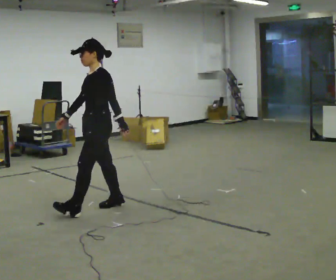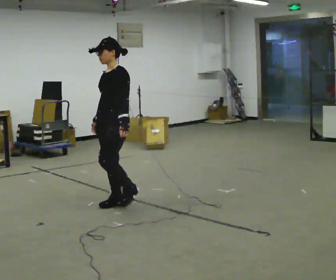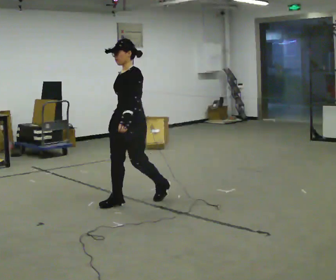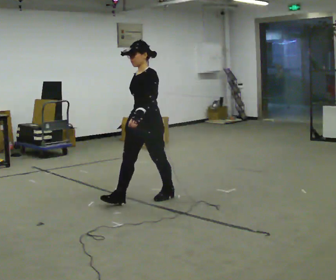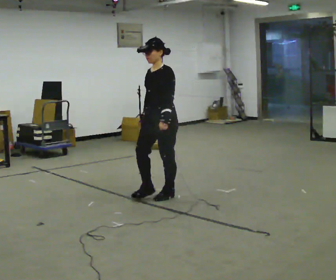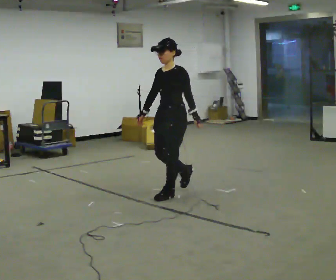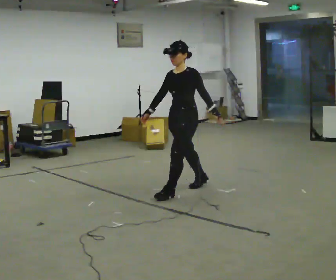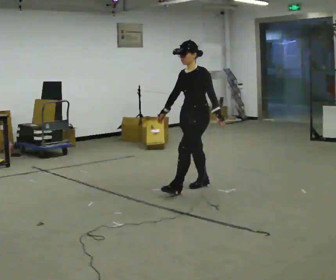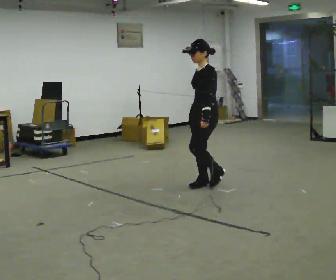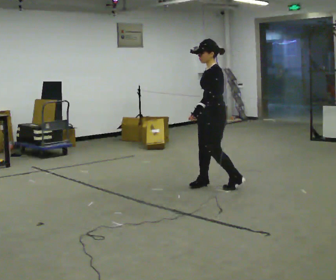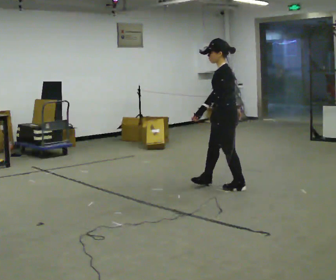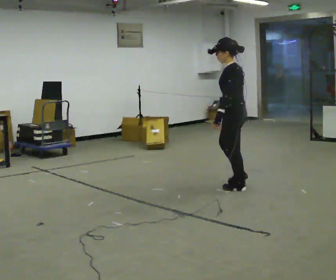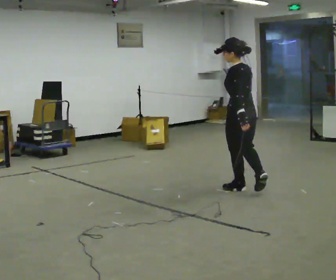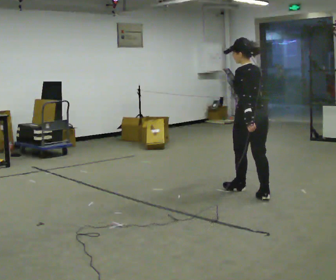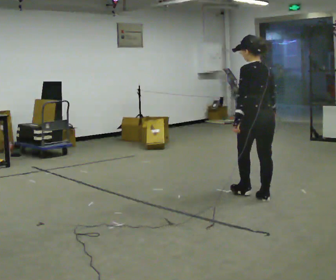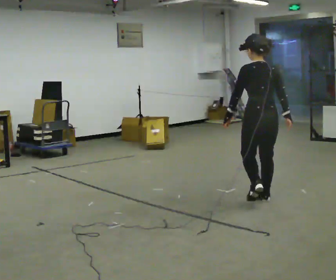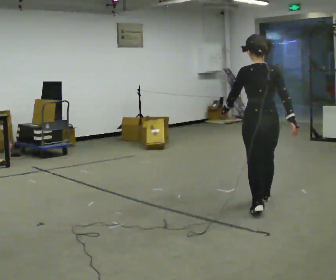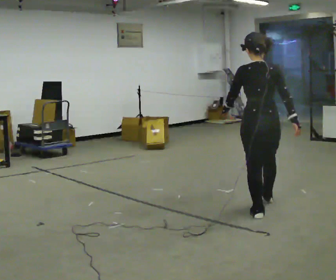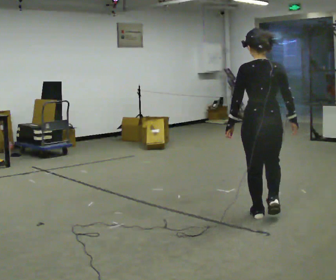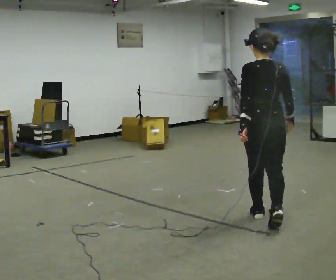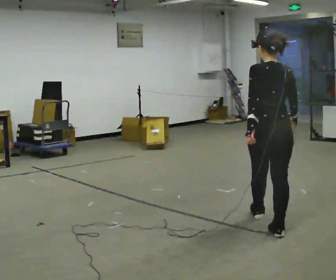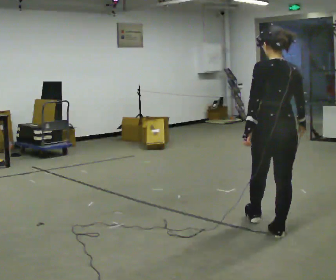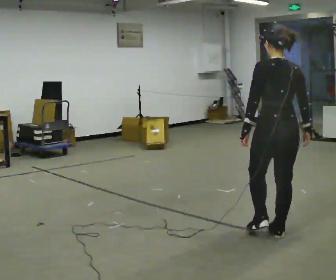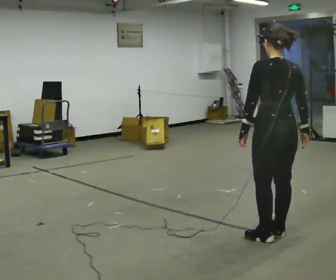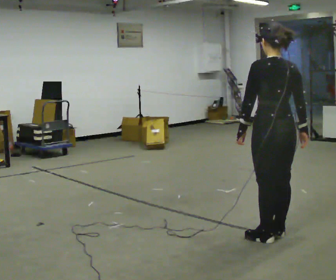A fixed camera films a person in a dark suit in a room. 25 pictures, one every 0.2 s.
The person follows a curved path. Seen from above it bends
clockwise.
The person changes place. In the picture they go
to the right.
0.0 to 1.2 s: In the picture they go to the right and away from the camera, about 1 m in 1 step, which for them is backward.
1.2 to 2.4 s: The person turns about 90 degrees to their right, clockwise seen from above, so the part of the body nearest the lens slides to the left. In the picture they go to the right, about 0.5 m in 2 steps.
2.4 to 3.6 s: The part of the body nearest the lens slides to the left as the person turns to their right by about 45 degrees. In the picture they go toward the camera, about 1 m in 2 steps, which for them is backward.
3.6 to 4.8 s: In the picture they go toward the camera, about 0.5 m in 1 step, which for them is backward.
The film runs backward here.
